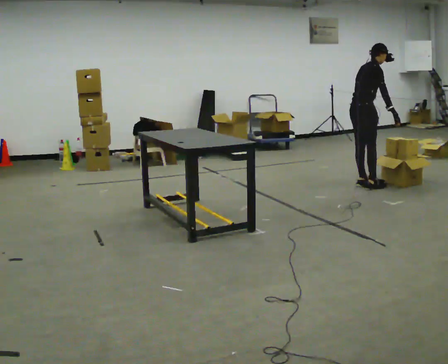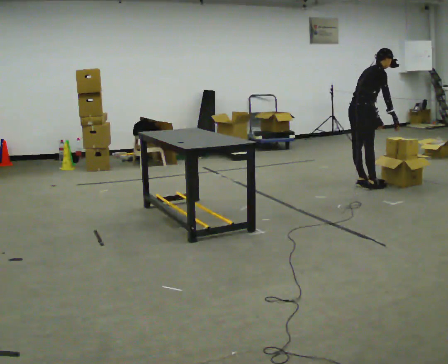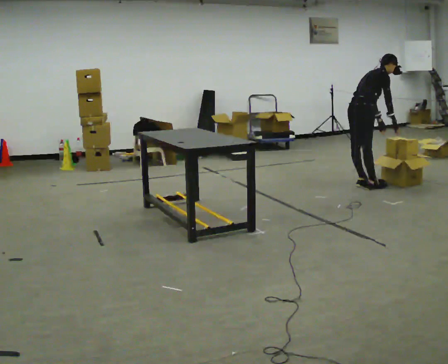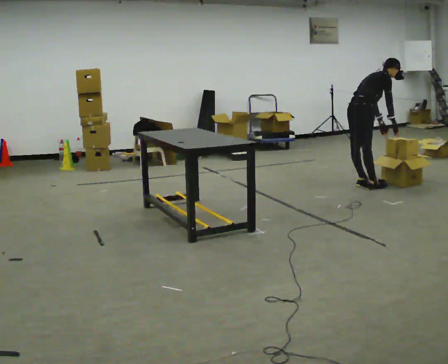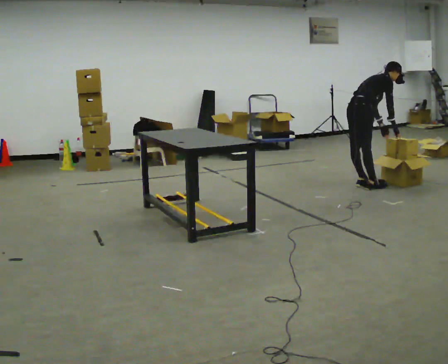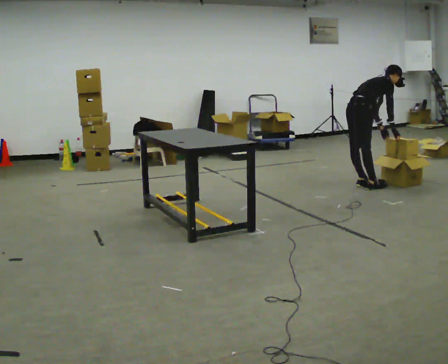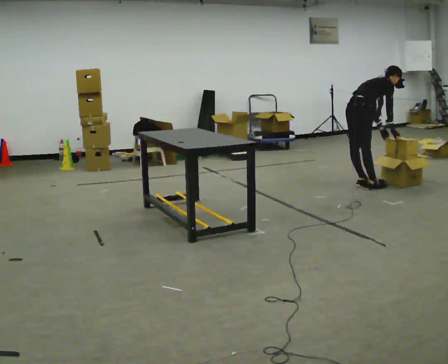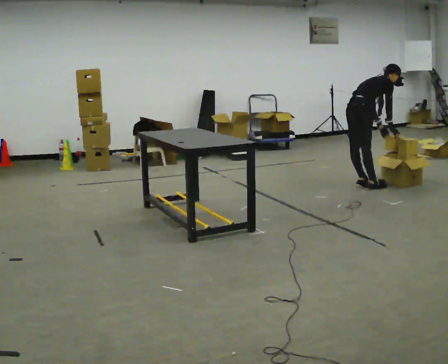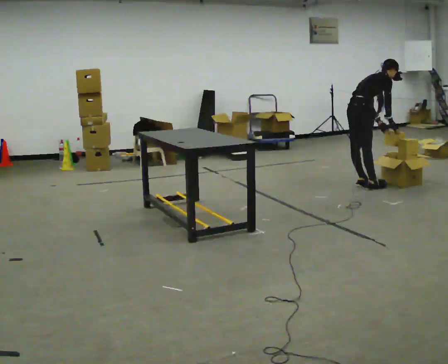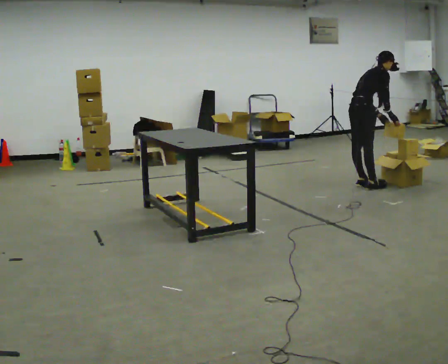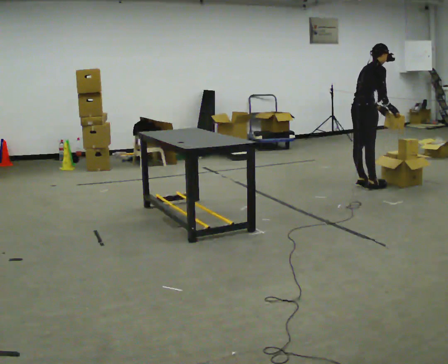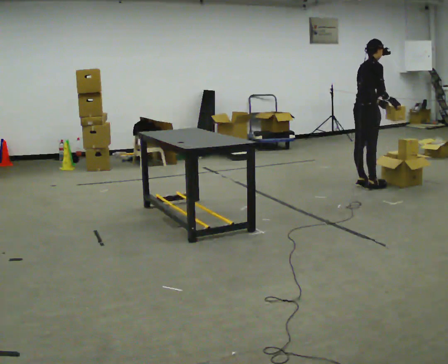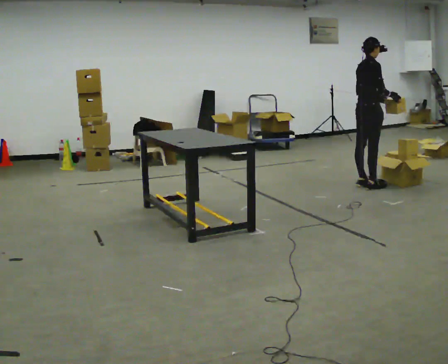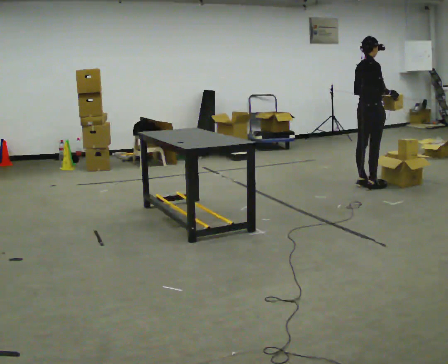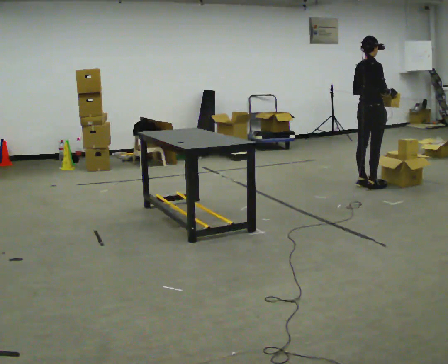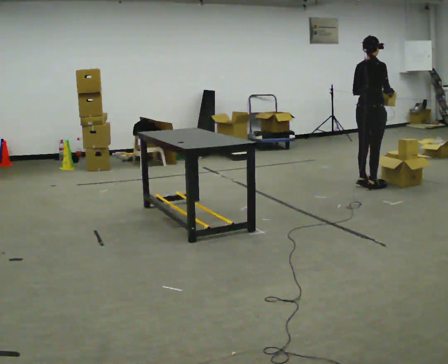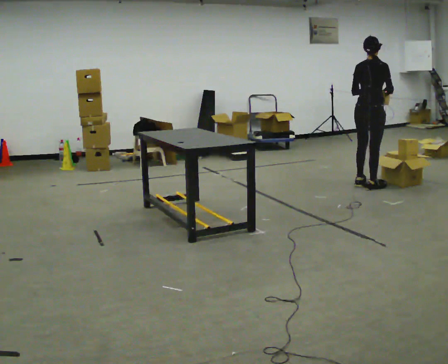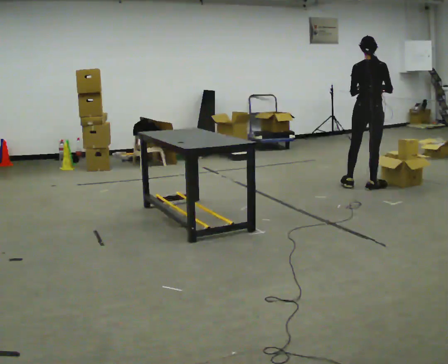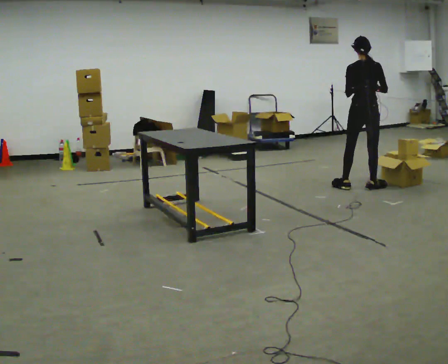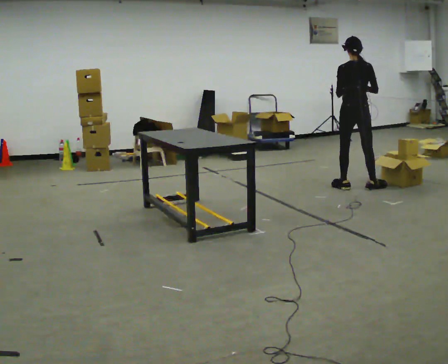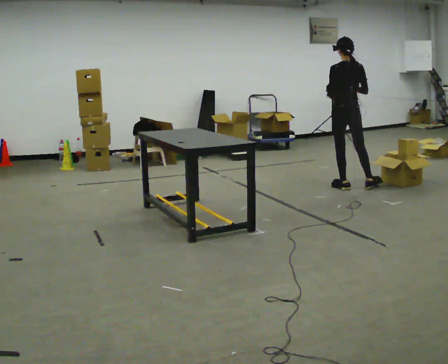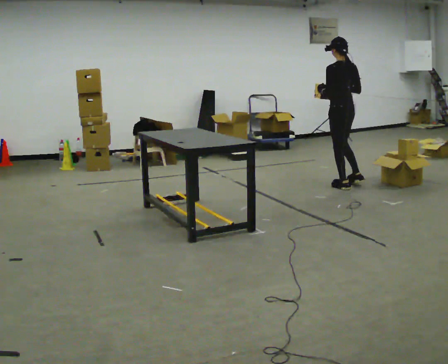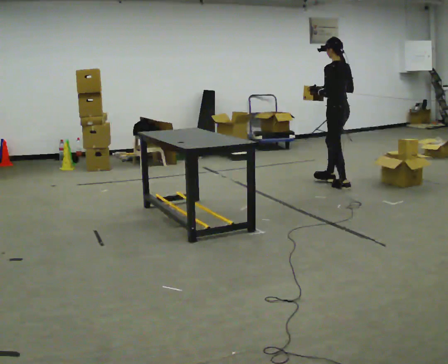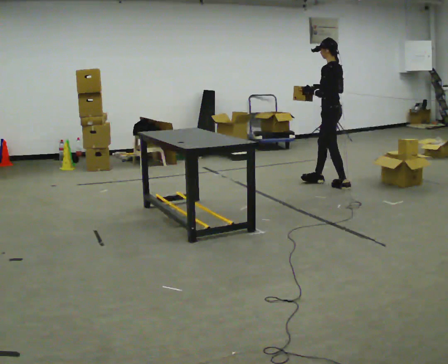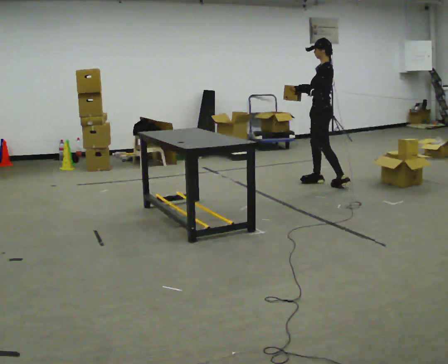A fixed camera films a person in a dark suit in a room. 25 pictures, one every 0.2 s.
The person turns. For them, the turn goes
to their left.
The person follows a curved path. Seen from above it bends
clockwise.
0.0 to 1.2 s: The upper body goes downward. In the picture the upper body tilts clockwise, shoulders to the right, as they bend forward.
1.2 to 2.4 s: The upper body goes upward. In the picture the upper body tilts counterclockwise, shoulders to the left, as they lean back or straighten. In the picture their right hand goes upward.
2.4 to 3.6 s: The part of the body nearest the lens slides to the right as the person turns to their left by about 60 degrees.
3.6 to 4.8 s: Seen from above the body turns counterclockwise, about 90 degrees: to their left, with its near side sliding to the right. In the picture they go to the left and away from the camera, about 0.5 m in 1 step.
The film runs forward here.
